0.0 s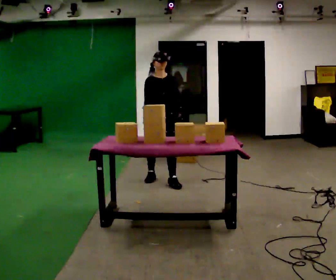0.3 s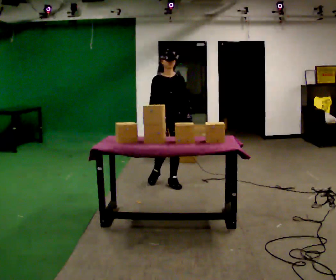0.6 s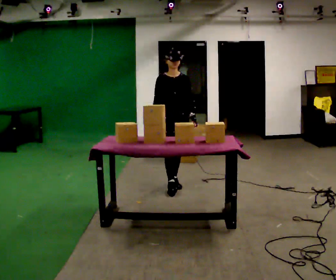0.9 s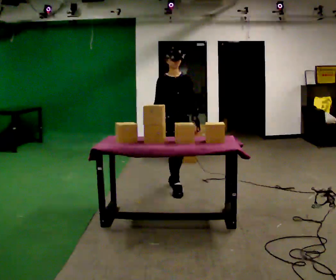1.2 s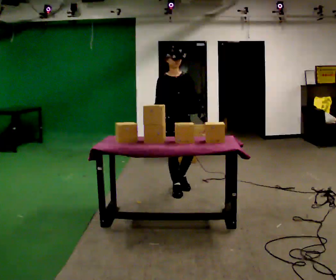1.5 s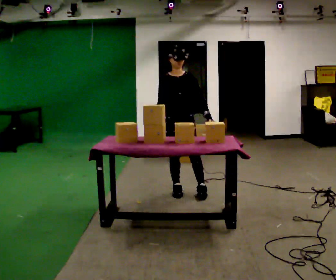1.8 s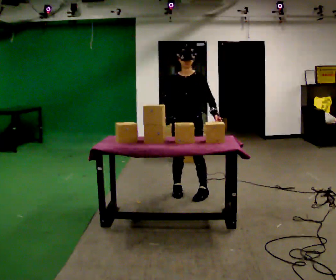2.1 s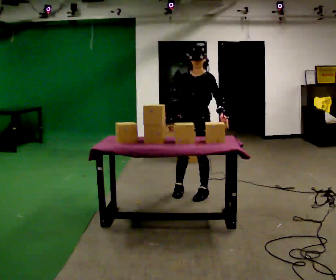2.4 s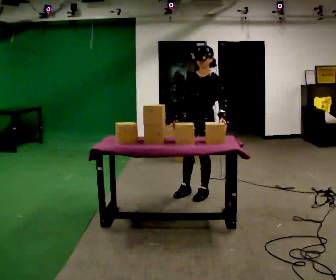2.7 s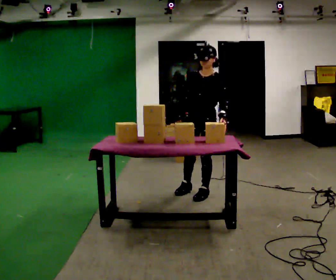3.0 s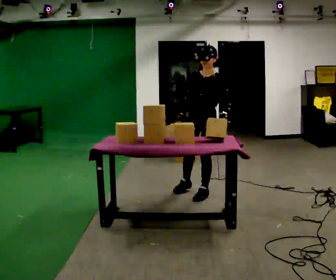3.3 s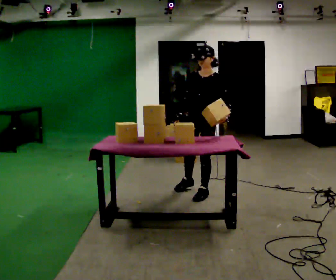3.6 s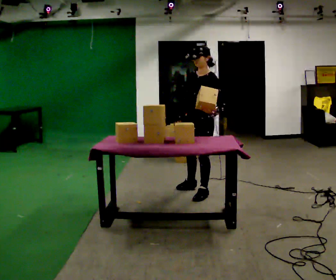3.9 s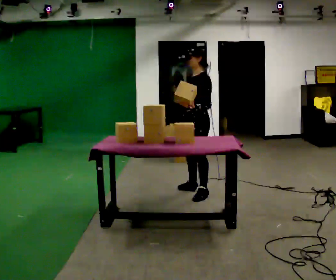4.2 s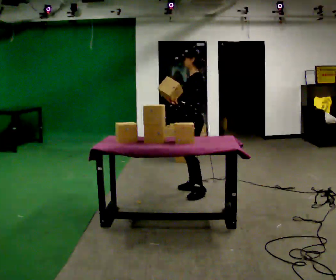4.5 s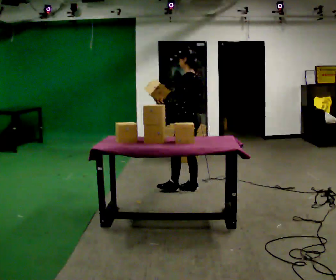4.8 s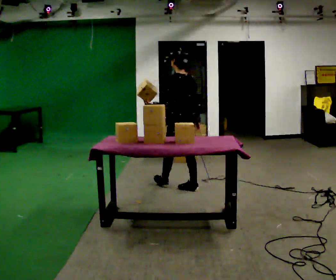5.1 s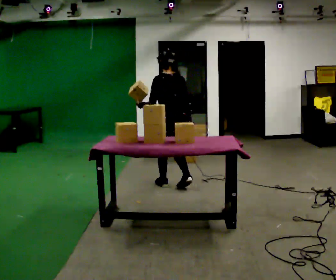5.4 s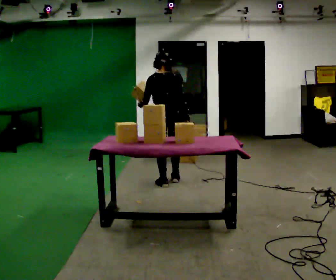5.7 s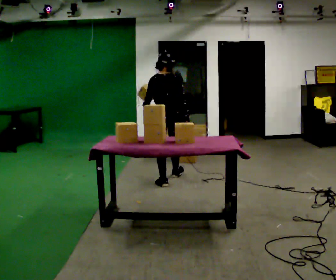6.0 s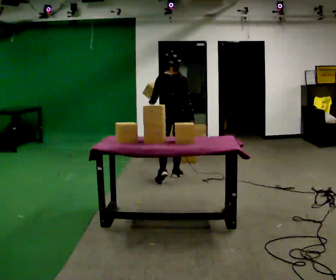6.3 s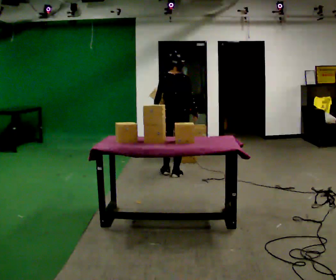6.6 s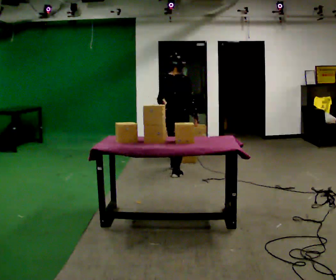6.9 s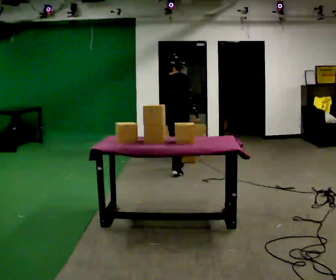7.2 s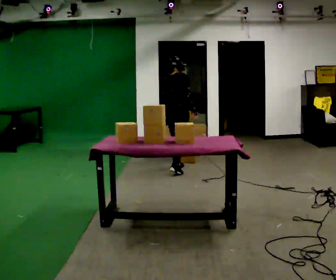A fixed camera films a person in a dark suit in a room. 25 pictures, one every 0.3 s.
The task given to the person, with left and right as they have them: Clear everything off the table and put it away on the shelf, in as many trips as you need. Keep going until the operator says stop; one object at a time, and do not rush between trips.
0.0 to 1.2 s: In the picture they go toward the camera and to the right, about 0.5 m in 1 step, which for them is forward.
1.2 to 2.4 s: The part of the body nearest the lens slides to the left as the person turns to their right by about 60 degrees. In the picture they go to the right, about 0.25 m in 1 step, which for them is to their left.
2.4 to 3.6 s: The person moves a little, or ends about where they began.
3.6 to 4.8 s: The part of the body nearest the lens slides to the left as the person turns to their right by about 90 degrees. In the picture they go to the left and away from the camera, about 0.25 m in 1 step.
4.8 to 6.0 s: The person turns about 45 degrees to their right, clockwise seen from above, so the part of the body nearest the lens slides to the left. In the picture they go away from the camera and to the left, about 0.5 m in 1 step, which for them is forward.
6.0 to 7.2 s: Seen from above the body turns clockwise, about 45 degrees: to their right, with its near side sliding to the left. In the picture they go away from the camera, about 0.5 m in 1 step, which for them is forward. The upper body tips away from the camera, its near side rolling upward, as they bend forward.
The film runs forward here.
